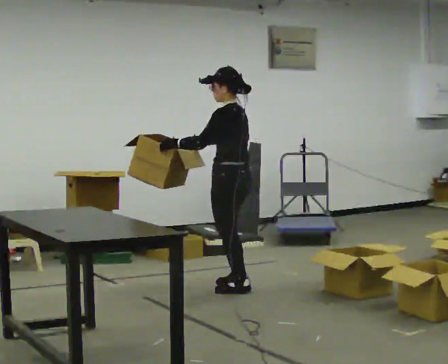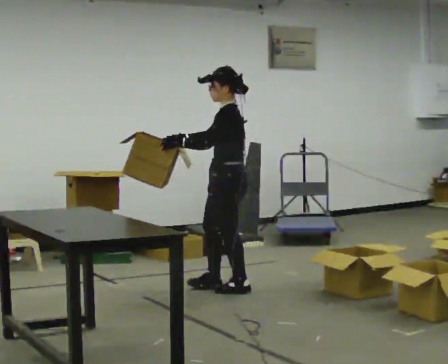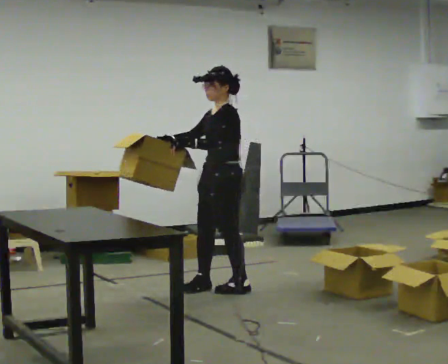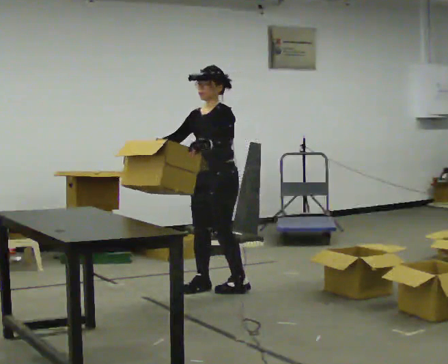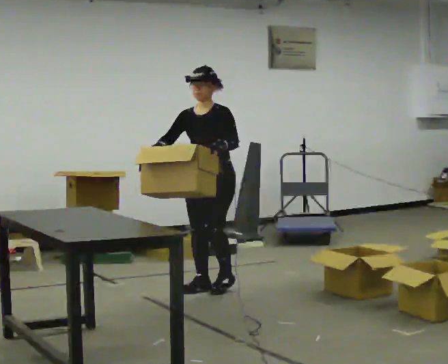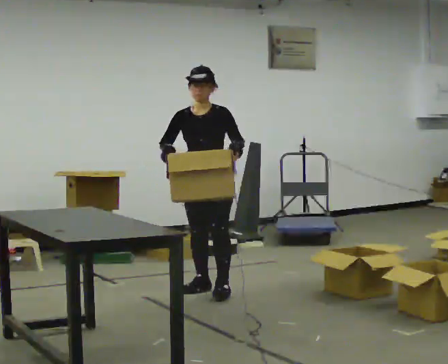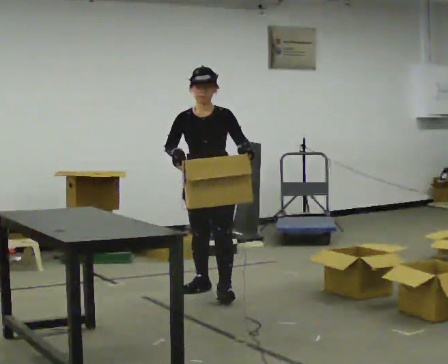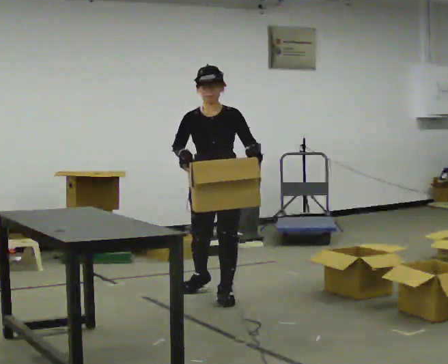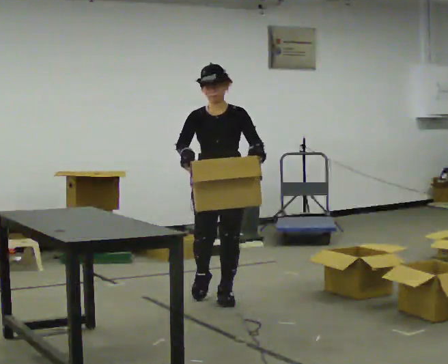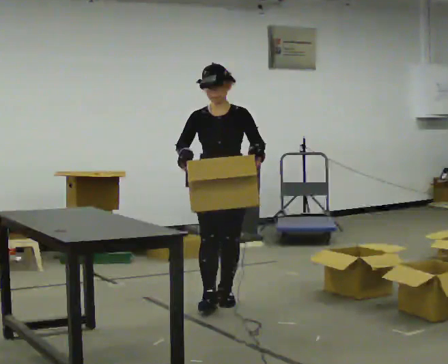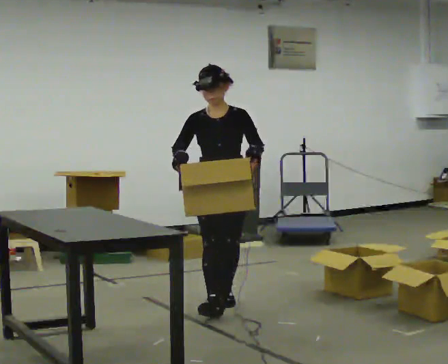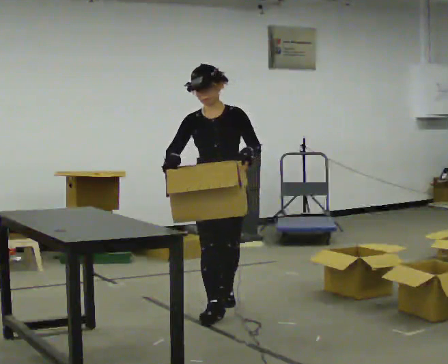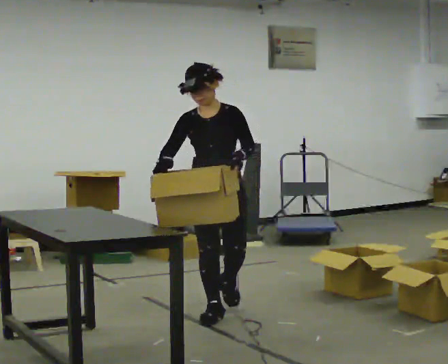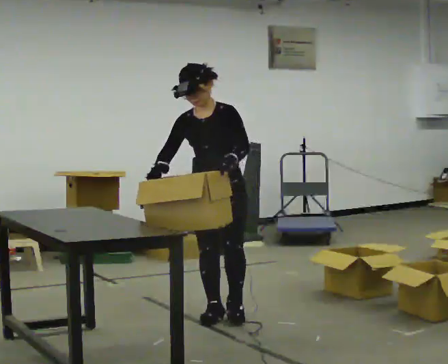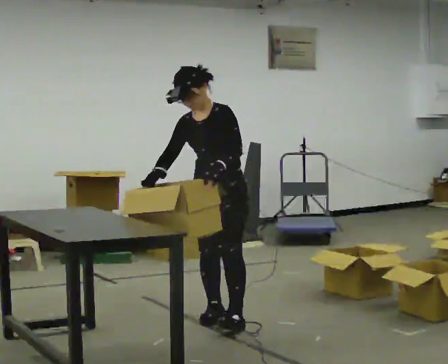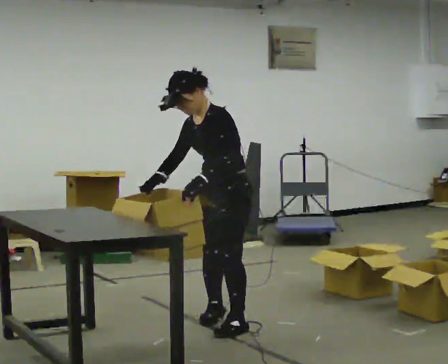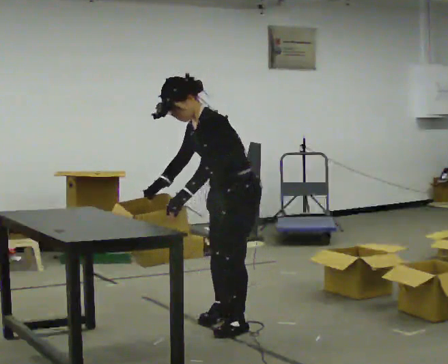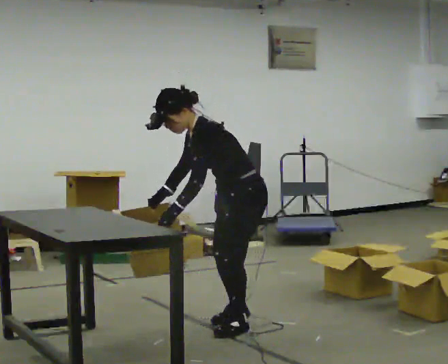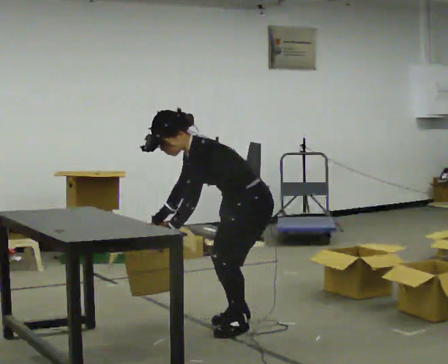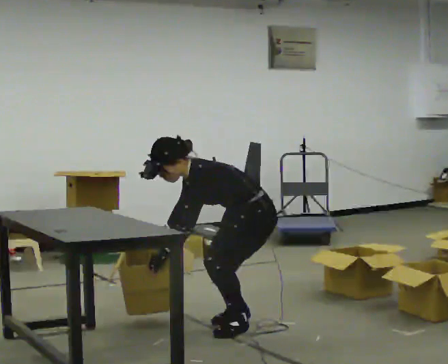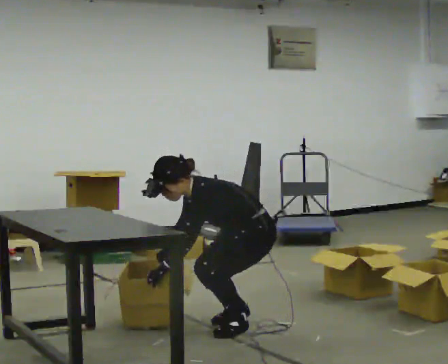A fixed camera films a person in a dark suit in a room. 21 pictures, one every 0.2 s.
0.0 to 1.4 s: The person turns about 105 degrees to their left, counterclockwise seen from above, so the part of the body nearest the lens slides to the right. In the picture they go toward the camera, about 0.25 m in 2 steps.
1.4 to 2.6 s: In the picture they go toward the camera, about 0.5 m in 1 step, which for them is forward.
2.6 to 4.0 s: Seen from above the body turns clockwise, about 60 degrees: to their right, with its near side sliding to the left. In the picture they go toward the camera and to the right, about 0.25 m in 2 steps. The shoulders move downward. In the picture the upper body tilts counterclockwise, shoulders to the left, as they bend forward. In the picture their right hand goes downward.
The film runs forward here.
